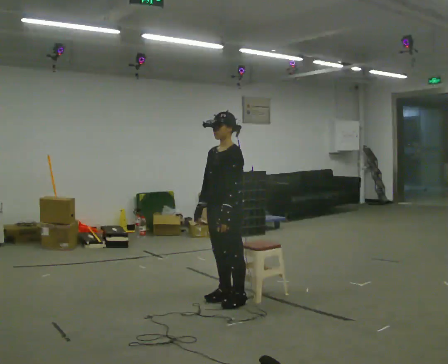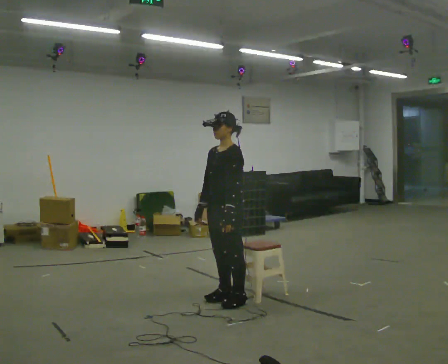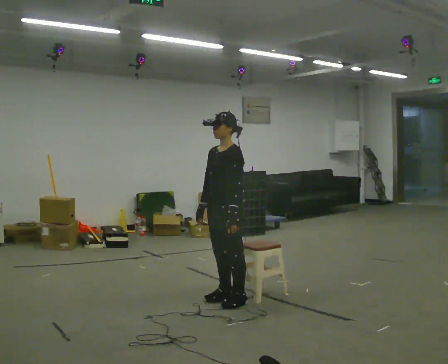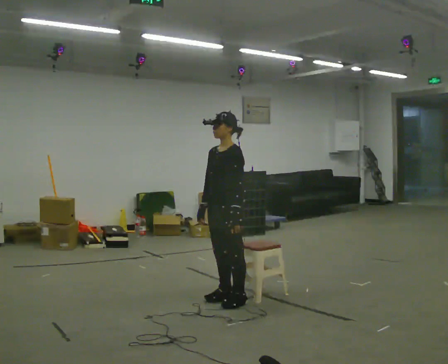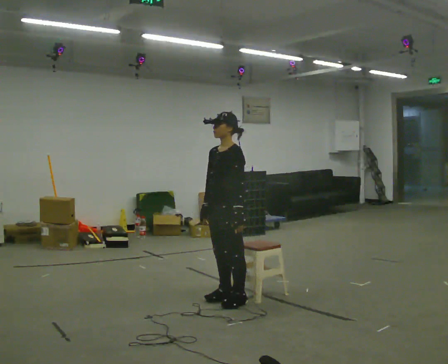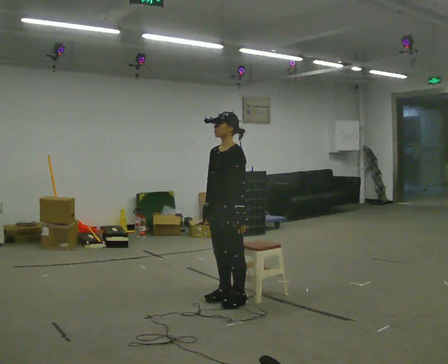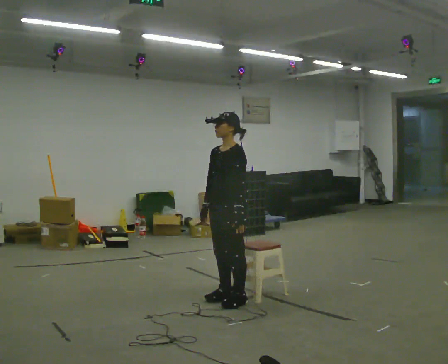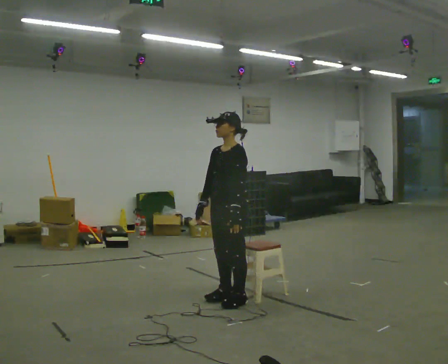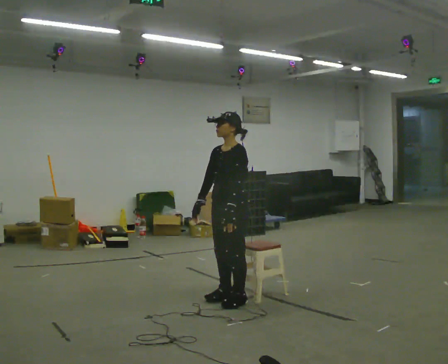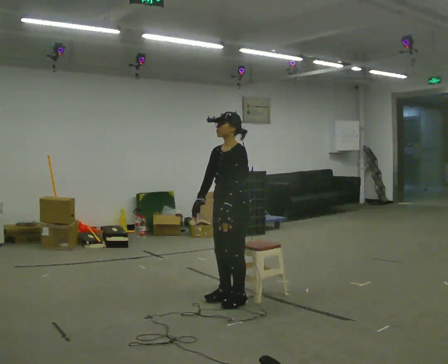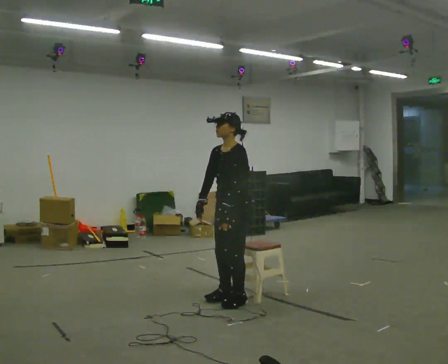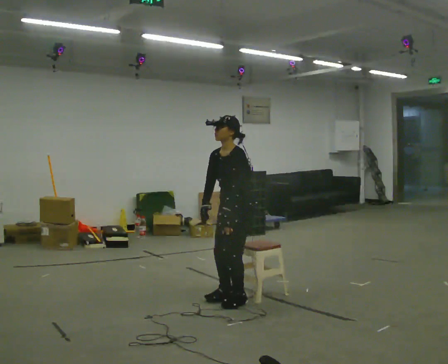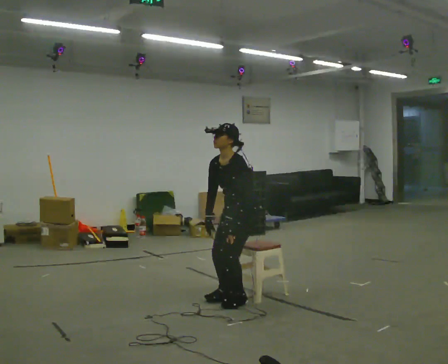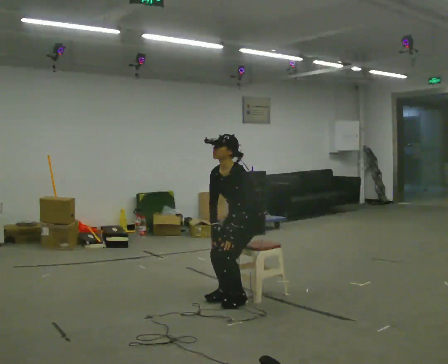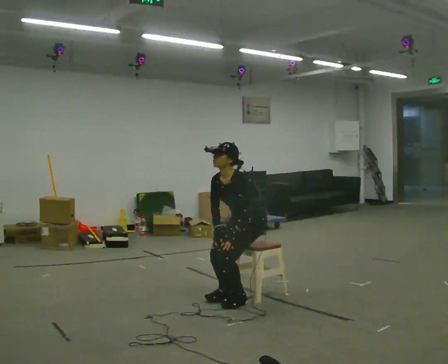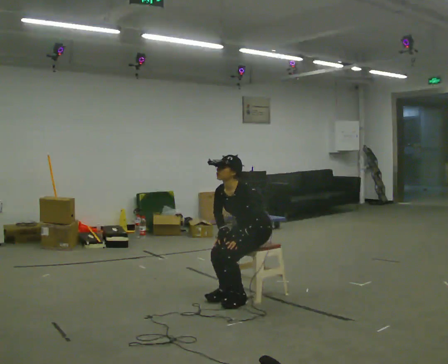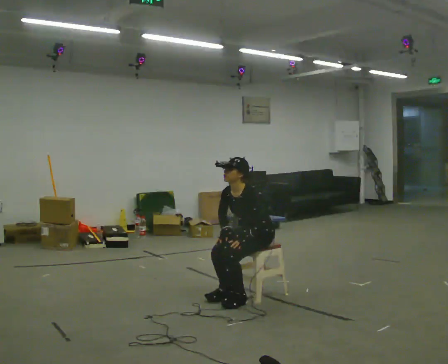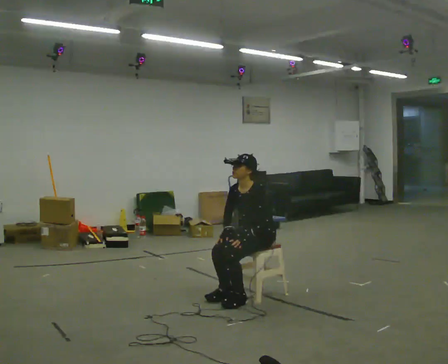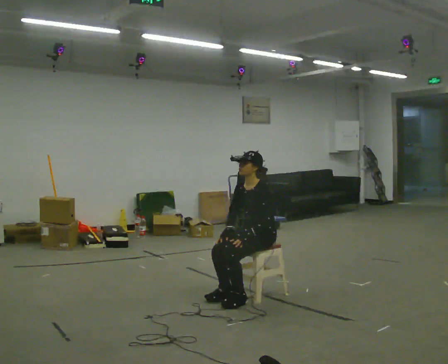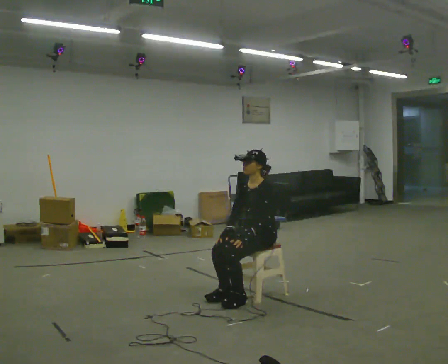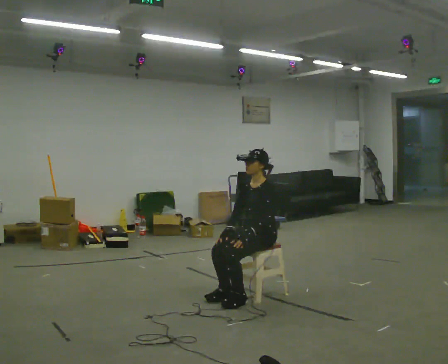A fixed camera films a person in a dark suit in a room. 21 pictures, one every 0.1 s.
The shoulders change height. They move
downward.
0.0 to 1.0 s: The person moves a little, or ends about where they began.
1.0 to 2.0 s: In the picture they go to the right and away from the camera, about 0.25 m, which for them is backward. The upper body goes downward.
The film runs backward here.
